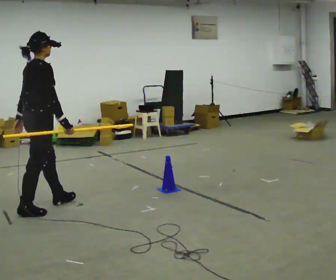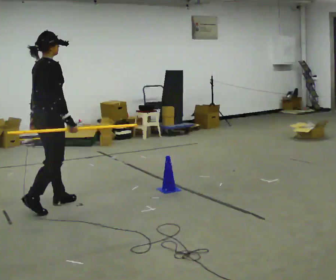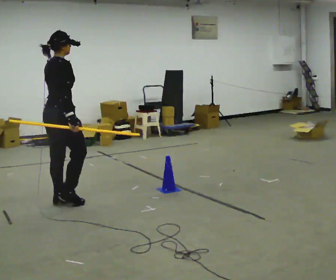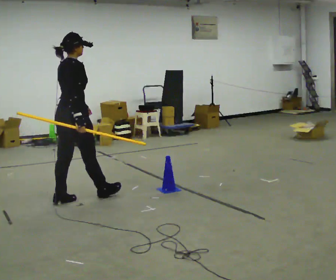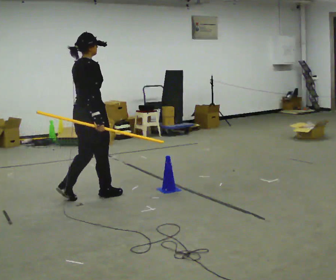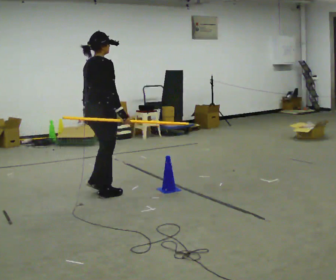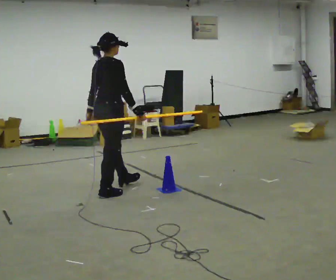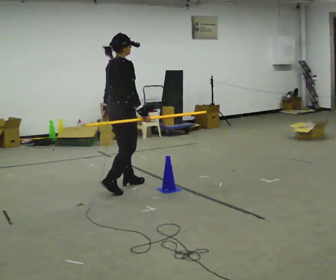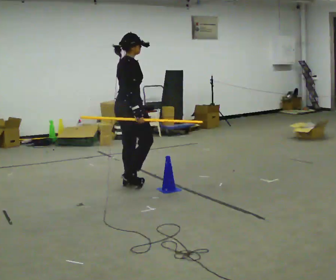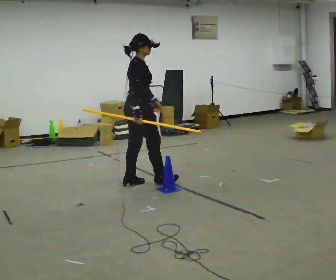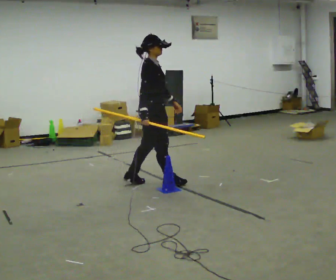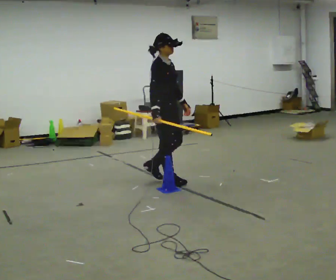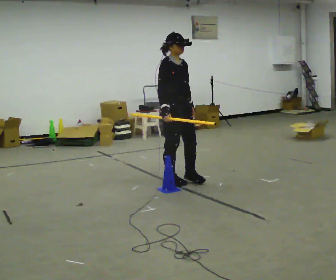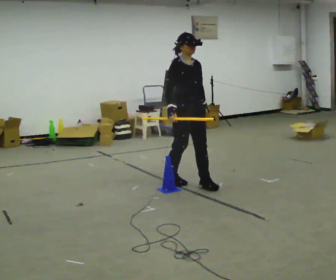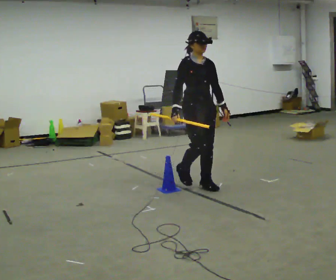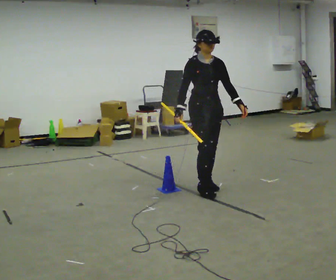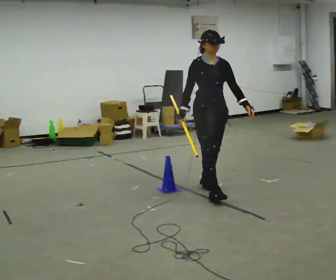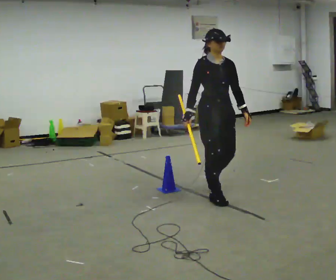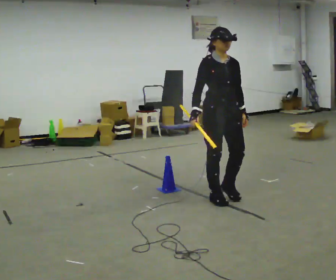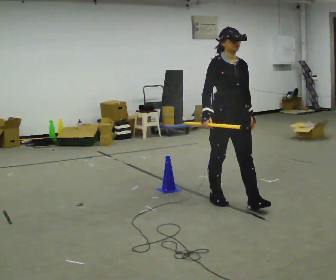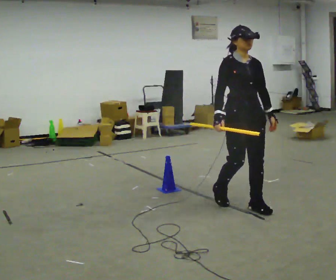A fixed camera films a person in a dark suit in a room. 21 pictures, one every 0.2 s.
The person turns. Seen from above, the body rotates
clockwise.
The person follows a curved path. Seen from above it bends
clockwise.
0.0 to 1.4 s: In the picture they go away from the camera and to the right, about 1 m in 2 steps, which for them is forward.
1.4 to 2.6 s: The person turns about 90 degrees to their right, clockwise seen from above, so the part of the body nearest the lens slides to the left. In the picture they go to the right, about 0.75 m in 2 steps.
2.6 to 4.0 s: In the picture they go toward the camera and to the right, about 1 m in 2 steps, which for them is forward.
The film runs forward here.
